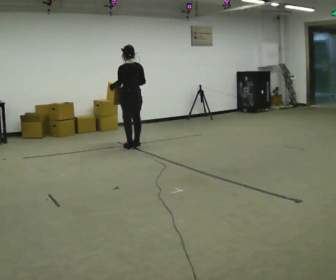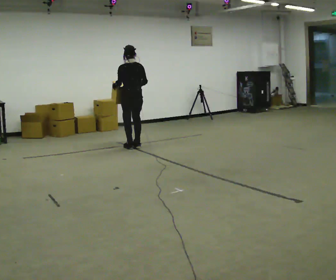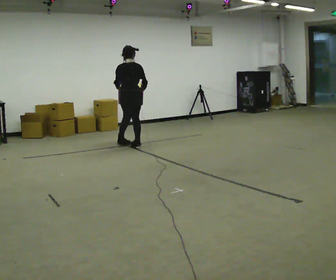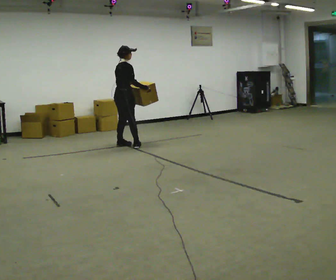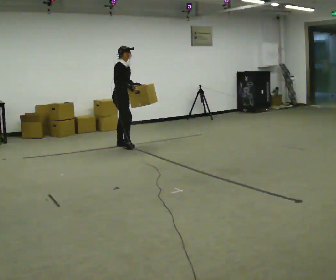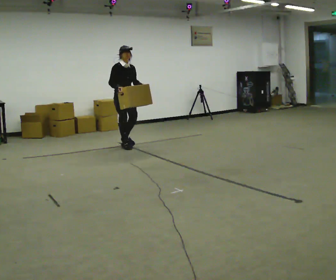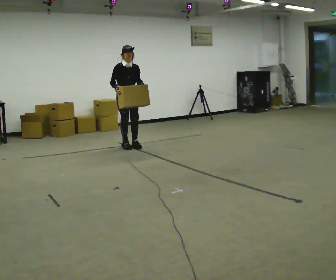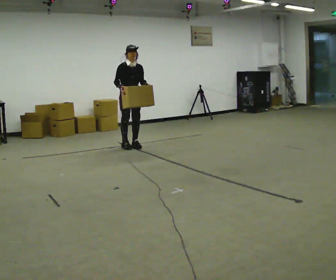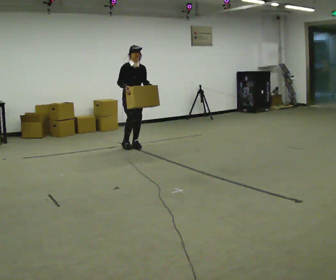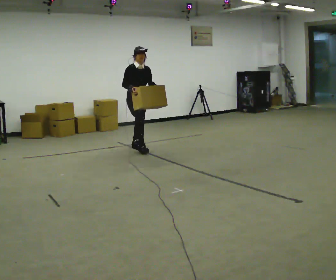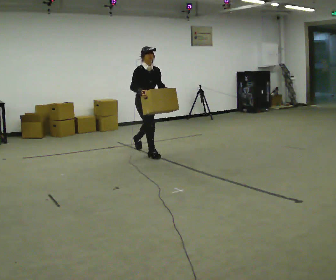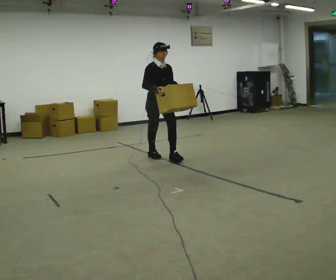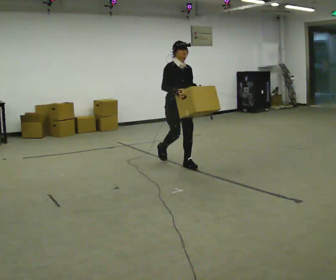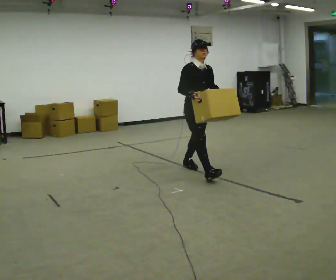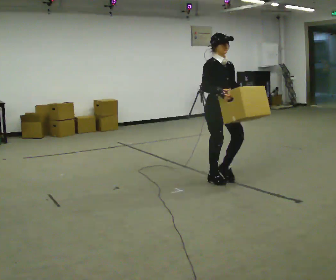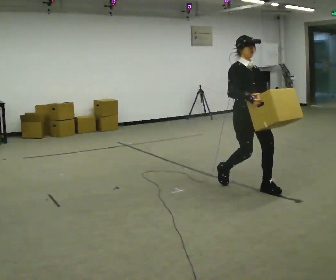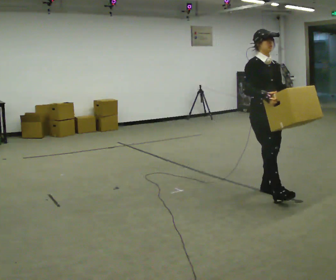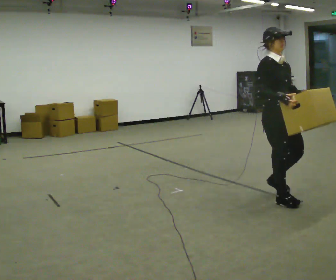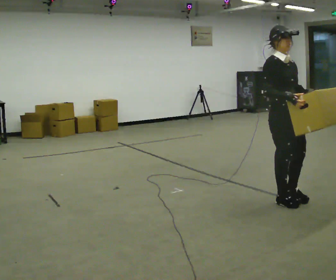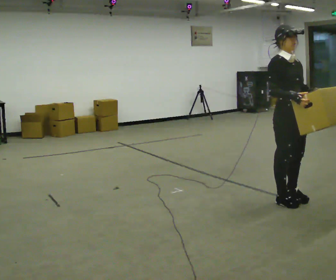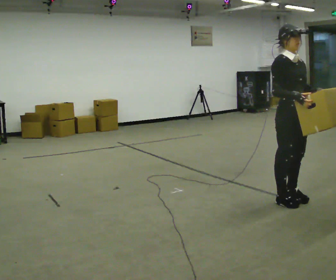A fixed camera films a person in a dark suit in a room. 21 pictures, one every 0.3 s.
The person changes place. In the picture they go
toward the camera.
0.0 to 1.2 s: Seen from above the body turns clockwise, about 135 degrees: to their right, with its near side sliding to the left. In the picture they go to the left, about 0.25 m in 1 step.
1.2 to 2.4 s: The person turns about 45 degrees to their right, clockwise seen from above, so the part of the body nearest the lens slides to the left. In the picture they go to the right, about 0.25 m in 2 steps, which for them is to their left and forward.
2.4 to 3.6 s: In the picture they go toward the camera and to the right, about 1.5 m in 2 steps, which for them is forward.
3.6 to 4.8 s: In the picture they go toward the camera and to the right, about 1.5 m in 2 steps, which for them is forward.
4.8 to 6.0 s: In the picture they go toward the camera, about 0.25 m in 2 steps, which for them is forward.
The film runs forward here.
